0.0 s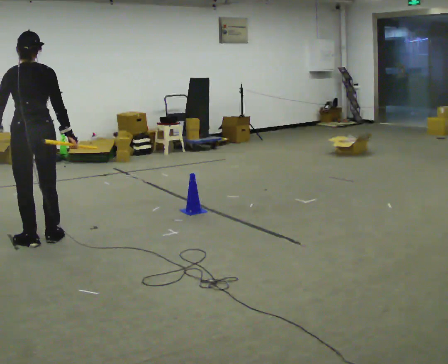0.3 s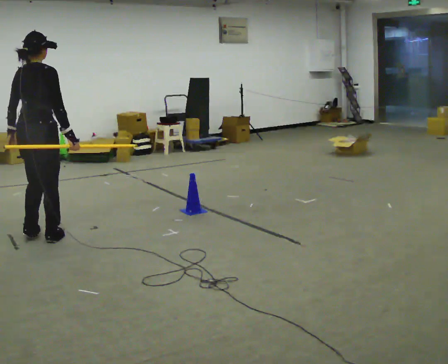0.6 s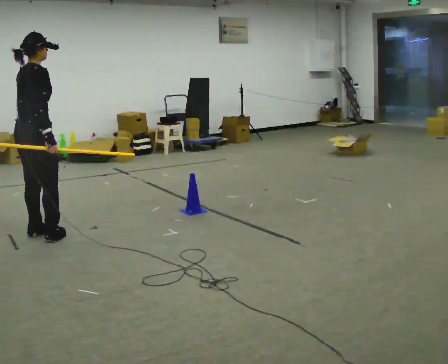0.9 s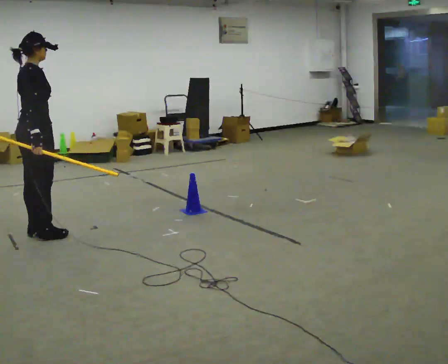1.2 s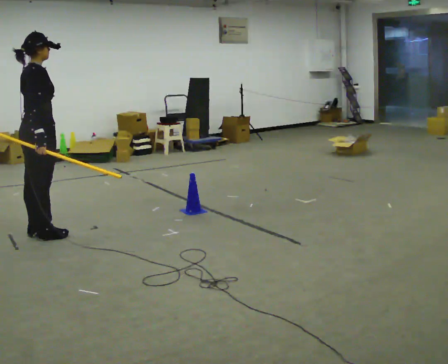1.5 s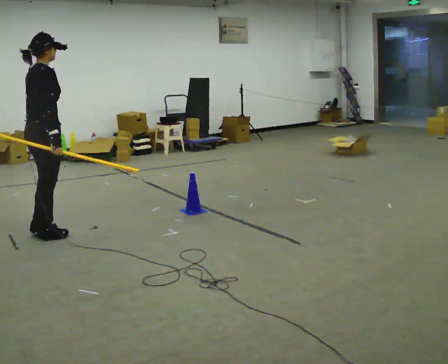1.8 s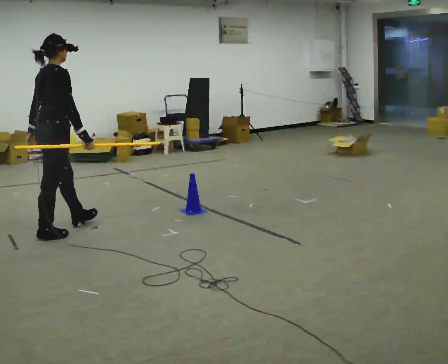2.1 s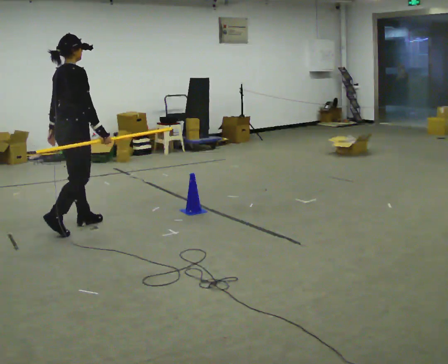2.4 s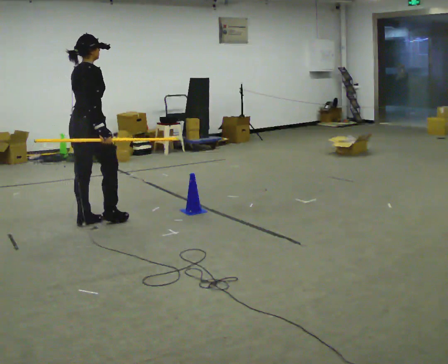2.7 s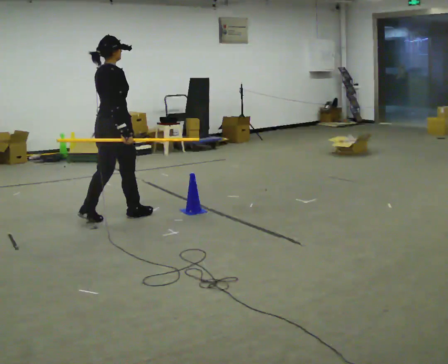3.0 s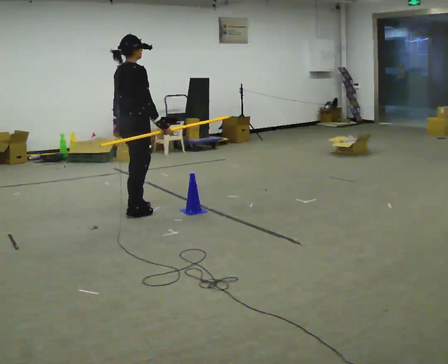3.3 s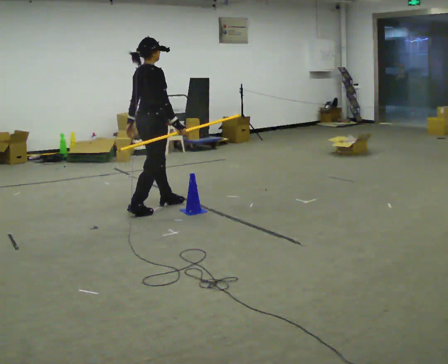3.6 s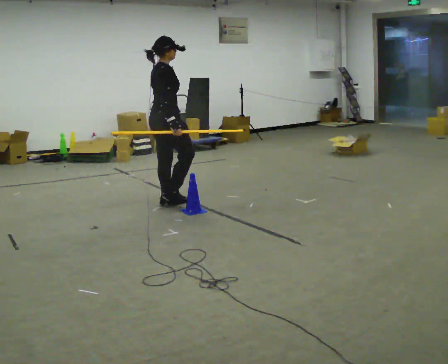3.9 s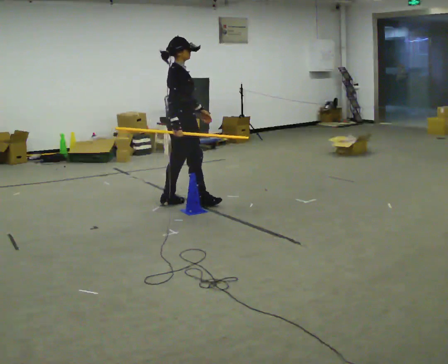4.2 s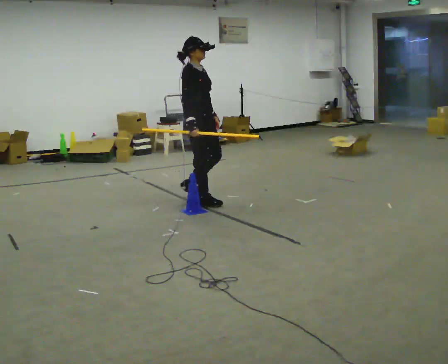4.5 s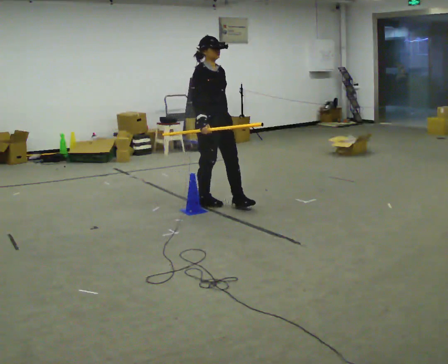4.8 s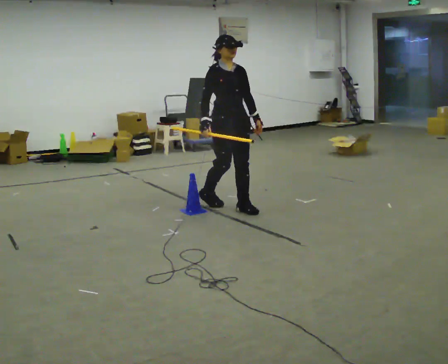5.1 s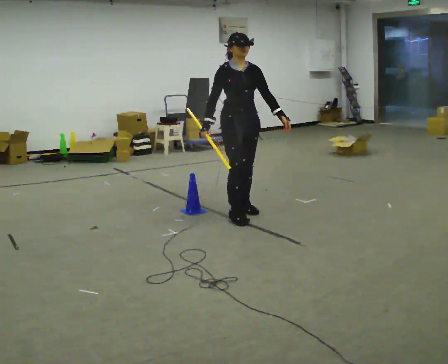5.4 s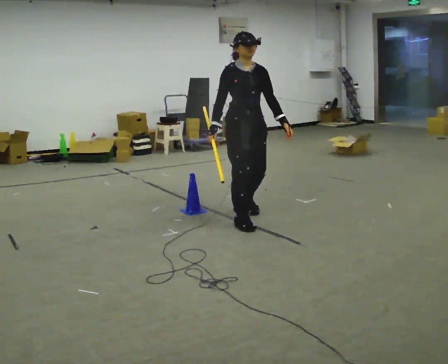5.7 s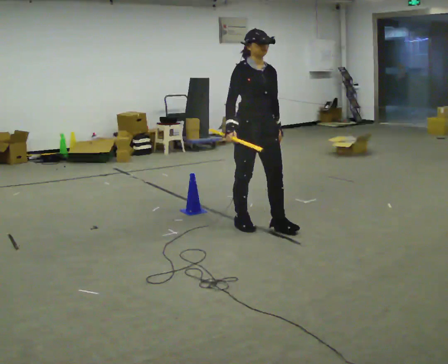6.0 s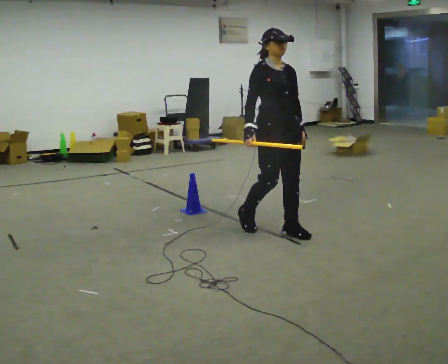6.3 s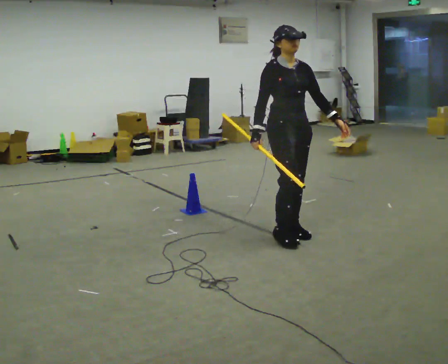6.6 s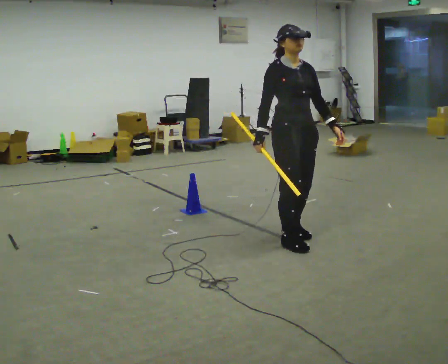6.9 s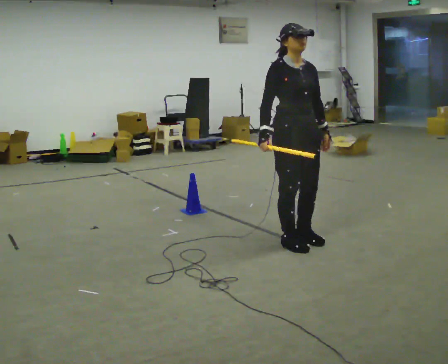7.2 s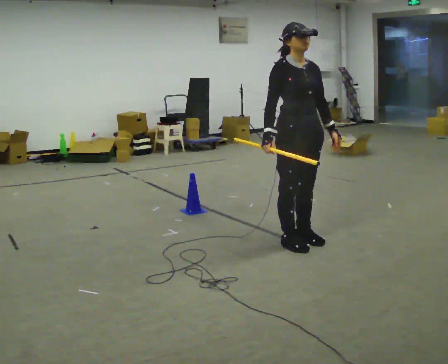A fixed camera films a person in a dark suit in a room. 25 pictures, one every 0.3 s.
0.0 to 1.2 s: Seen from above the body turns clockwise, about 75 degrees: to their right, with its near side sliding to the left.
1.2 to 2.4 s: In the picture they go away from the camera and to the right, about 0.5 m in 1 step, which for them is forward.
2.4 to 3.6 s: In the picture they go to the right and away from the camera, about 1 m in 2 steps, which for them is forward.
3.6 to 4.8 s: The part of the body nearest the lens slides to the left as the person turns to their right by about 75 degrees. In the picture they go to the right, about 0.5 m in 2 steps.
4.8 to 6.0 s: In the picture they go toward the camera and to the right, about 1 m in 2 steps, which for them is forward.
6.0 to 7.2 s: In the picture they go toward the camera, about 0.25 m in 2 steps, which for them is forward.
The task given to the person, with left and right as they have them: Carry the long object across the room and around the corner, turning without hitting anything. Keep going until the operator says stop; one object at a time, and do not rush between trips.
The film runs forward here.
